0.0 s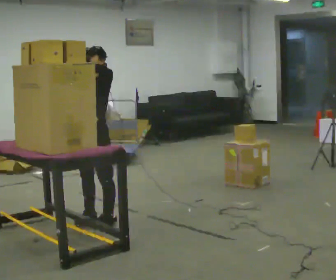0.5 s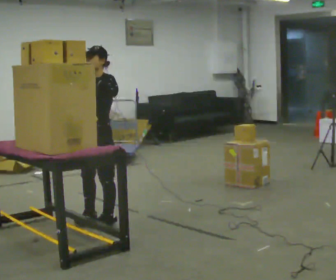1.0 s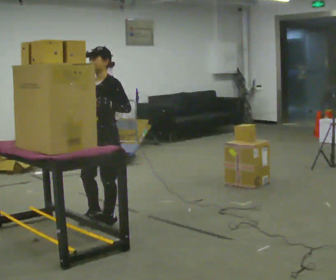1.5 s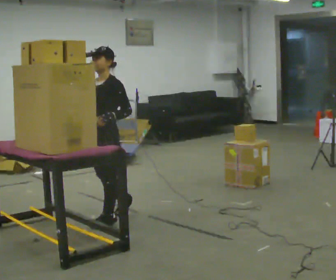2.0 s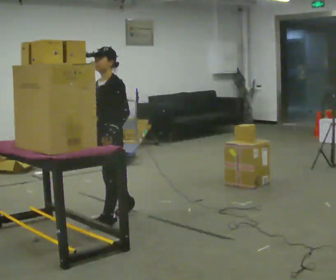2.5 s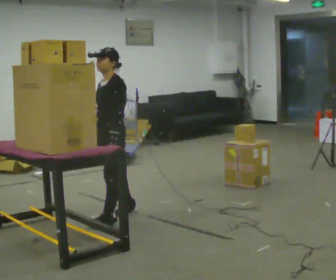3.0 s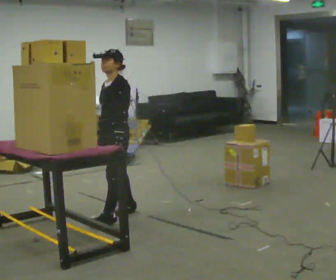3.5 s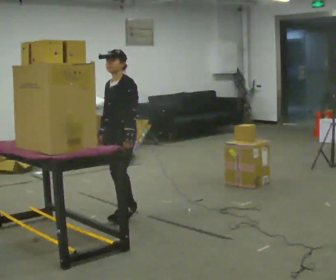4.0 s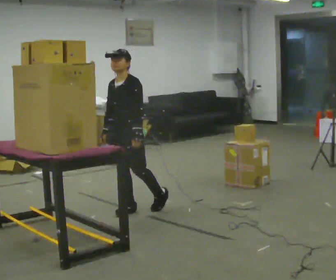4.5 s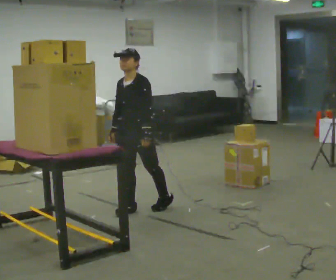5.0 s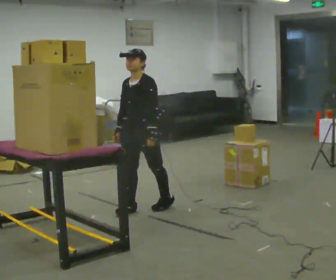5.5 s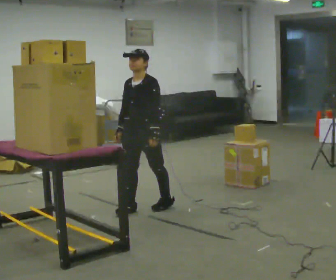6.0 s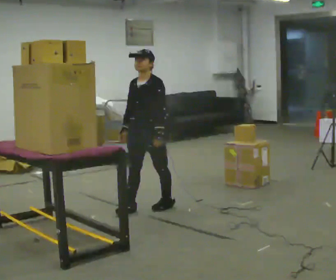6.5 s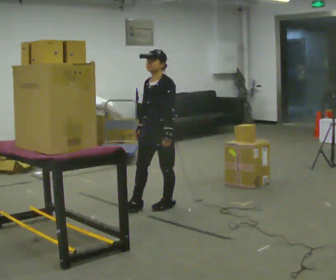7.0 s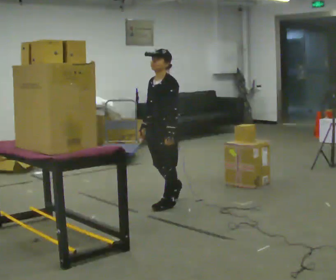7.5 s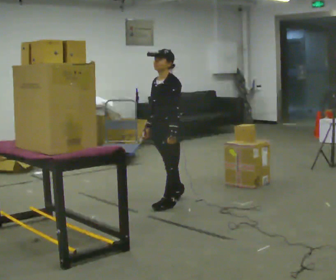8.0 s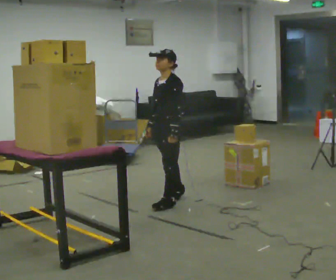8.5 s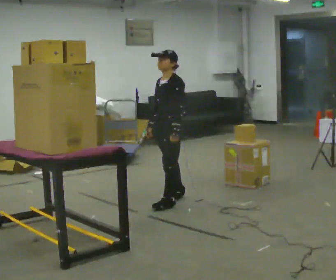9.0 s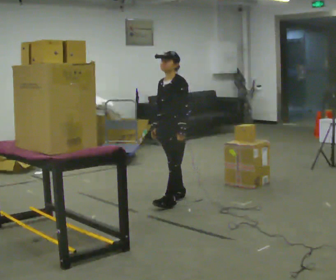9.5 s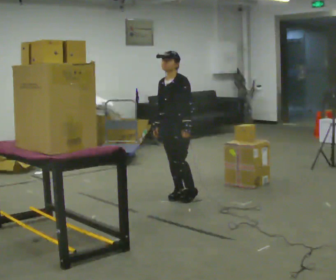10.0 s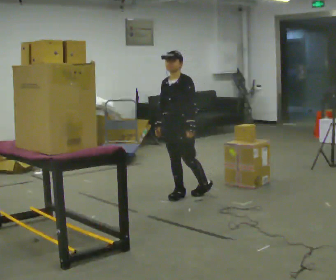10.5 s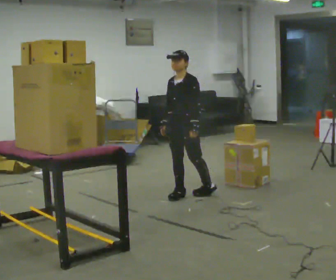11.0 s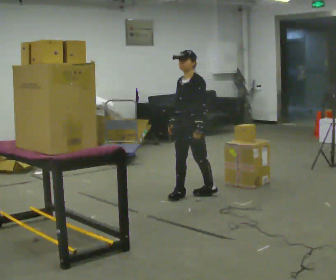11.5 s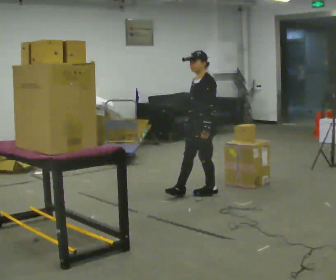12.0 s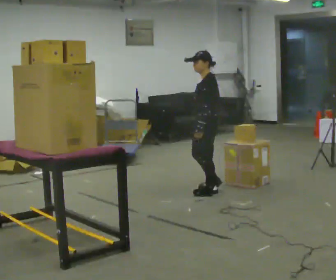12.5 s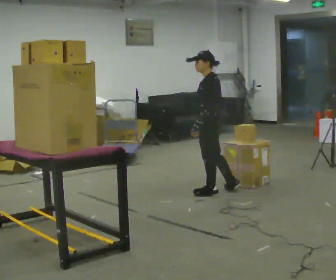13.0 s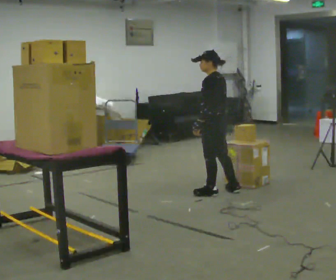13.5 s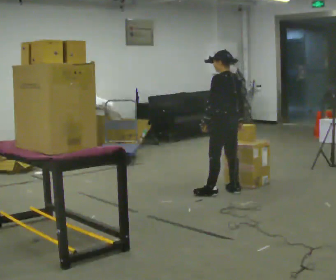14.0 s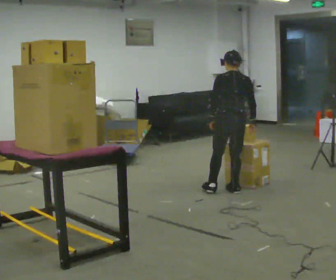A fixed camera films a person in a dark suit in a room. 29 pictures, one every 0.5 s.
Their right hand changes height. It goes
downward.
0.0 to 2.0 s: In the picture their right hand goes downward.
2.0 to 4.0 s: In the picture they go away from the camera, about 0.25 m in 1 step, which for them is backward.
4.0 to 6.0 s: In the picture they go to the right, about 0.25 m, which for them is backward.
6.0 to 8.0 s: In the picture they go to the right and away from the camera, about 0.25 m in 1 step, which for them is backward.
8.0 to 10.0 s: In the picture they go away from the camera, about 0.25 m in 1 step, which for them is backward.
10.0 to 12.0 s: Seen from above the body turns clockwise, about 45 degrees: to their right, with its near side sliding to the left. In the picture they go to the right, about 0.25 m in 1 step, which for them is backward and to their left.
12.0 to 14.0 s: The part of the body nearest the lens slides to the left as the person turns to their right by about 90 degrees. In the picture they go to the right, about 0.25 m in 1 step.
The film runs backward here.
